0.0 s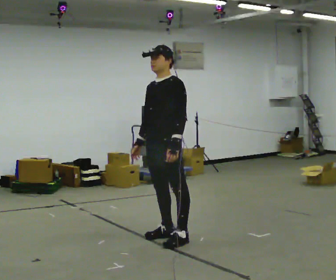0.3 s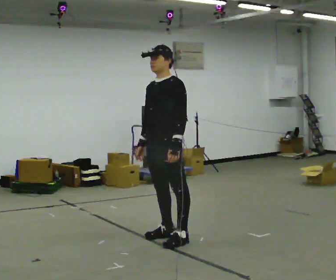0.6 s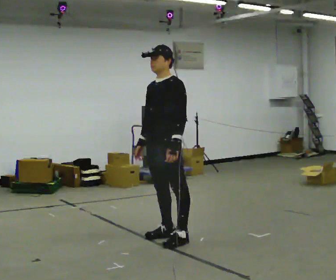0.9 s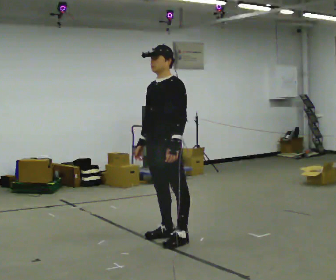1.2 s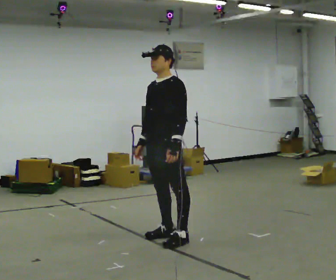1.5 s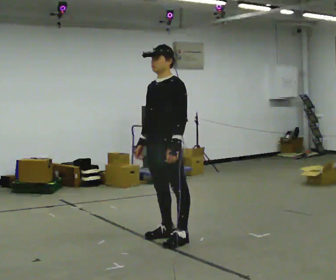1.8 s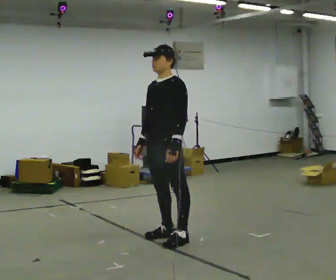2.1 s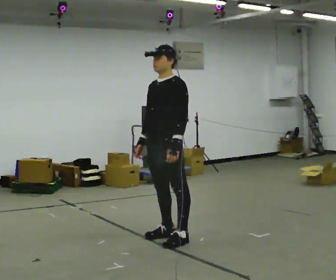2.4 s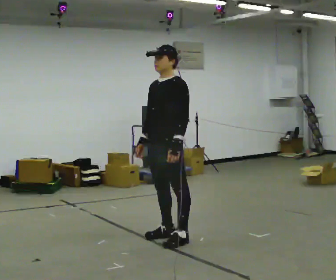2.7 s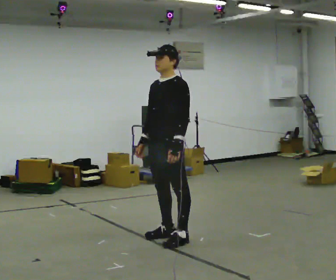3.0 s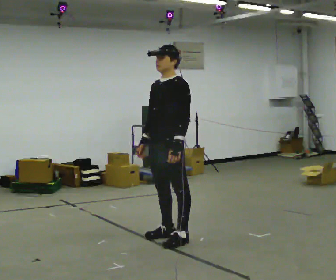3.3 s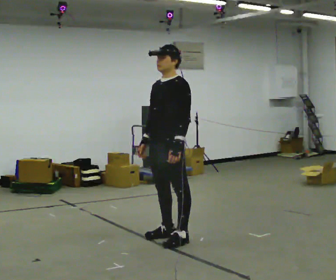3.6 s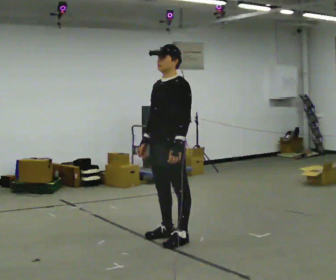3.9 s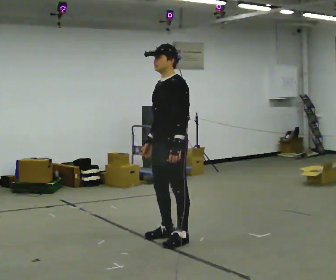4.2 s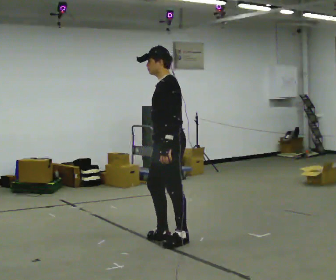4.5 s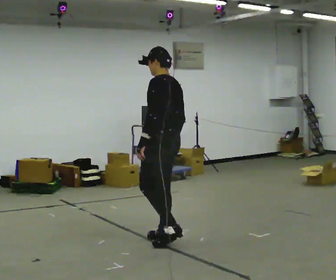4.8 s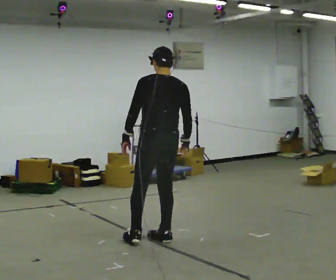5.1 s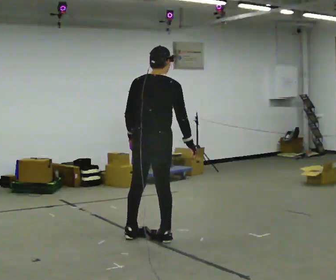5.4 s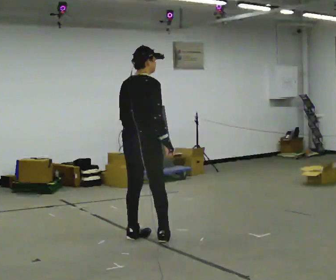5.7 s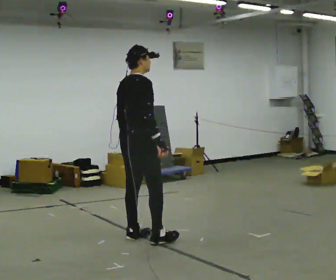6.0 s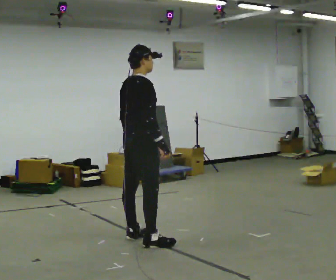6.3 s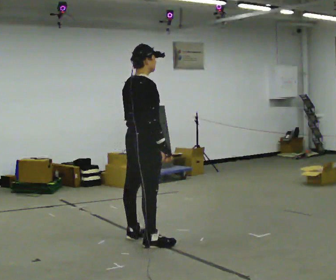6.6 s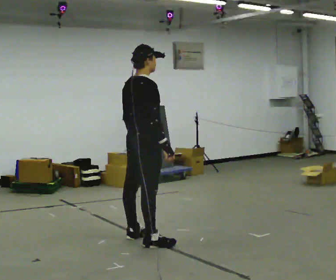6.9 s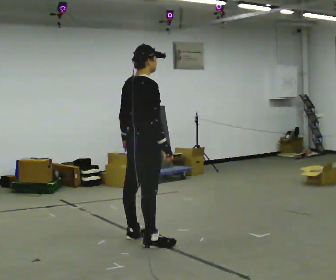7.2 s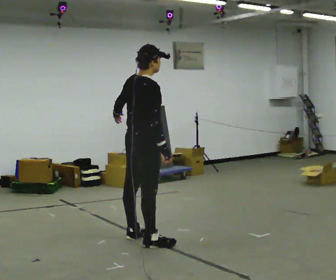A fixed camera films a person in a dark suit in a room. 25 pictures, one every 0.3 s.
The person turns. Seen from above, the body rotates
clockwise.
The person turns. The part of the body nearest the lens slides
to the left.
0.0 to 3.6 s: The person moves a little, or ends about where they began.
3.6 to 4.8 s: Seen from above the body turns clockwise, about 105 degrees: to their right, with its near side sliding to the left. In the picture their right hand goes to the right, the arm swinging counterclockwise.
4.8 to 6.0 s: The part of the body nearest the lens slides to the left as the person turns to their right by about 75 degrees. In the picture they go to the left, about 0.25 m in 2 steps.
6.0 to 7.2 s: The person moves a little, or ends about where they began.
The film runs forward here.
